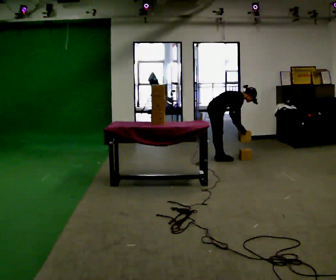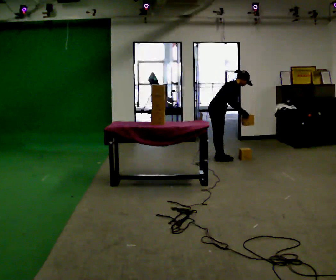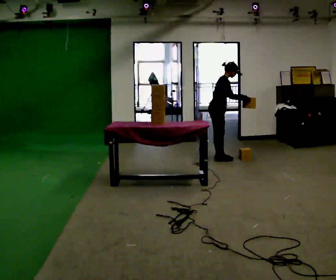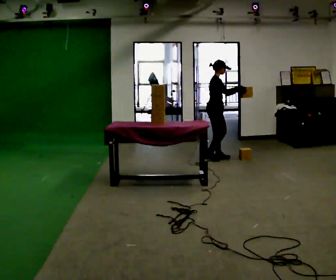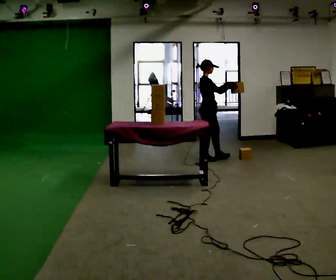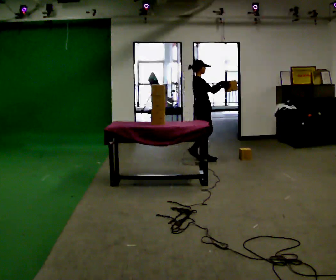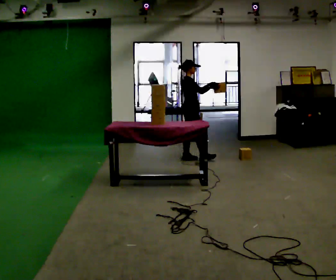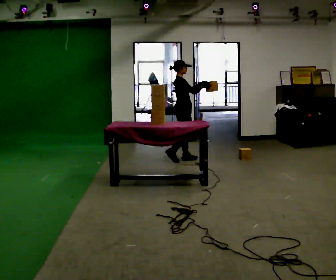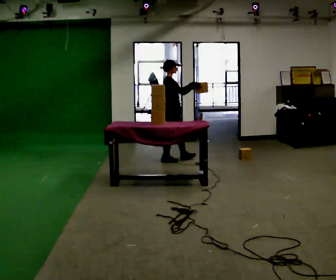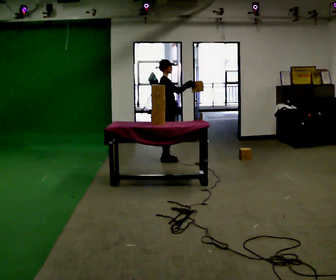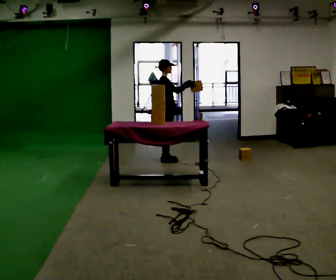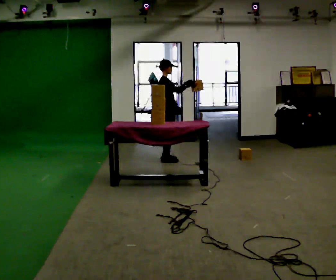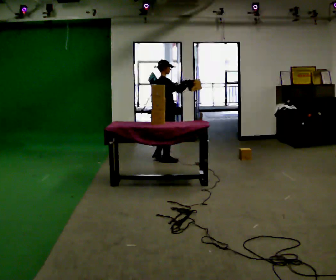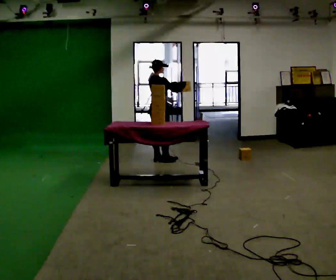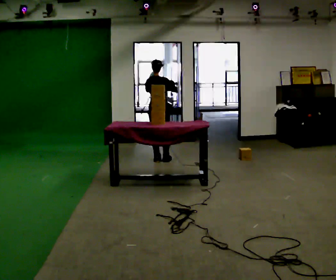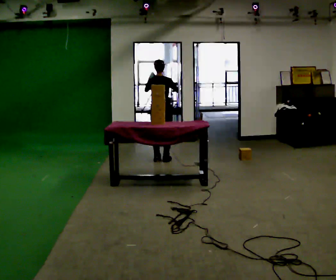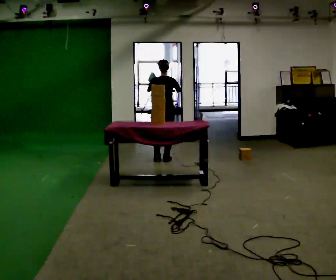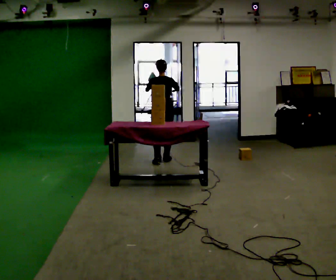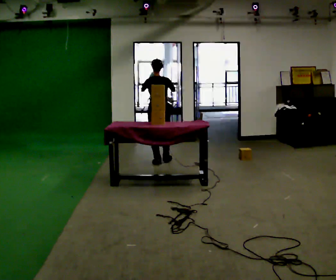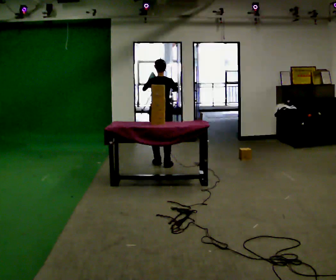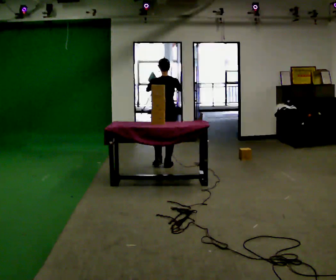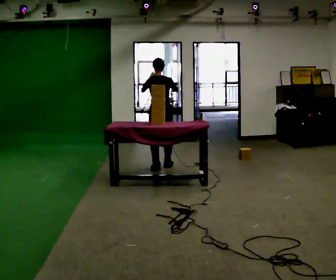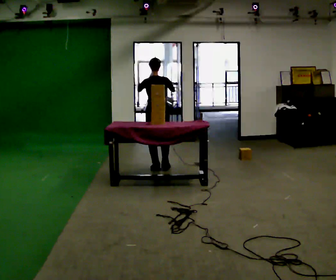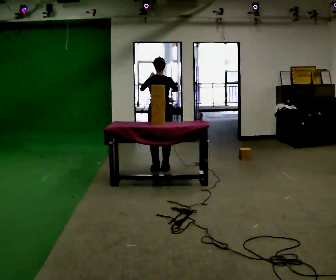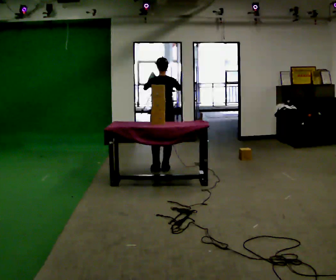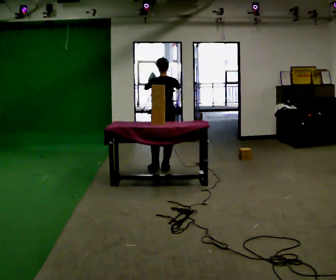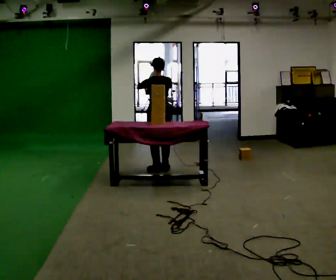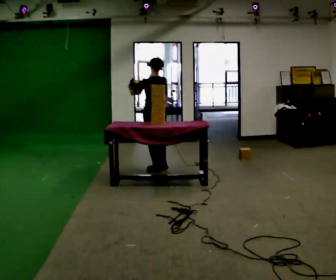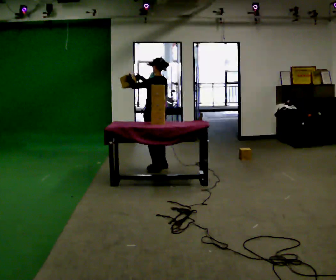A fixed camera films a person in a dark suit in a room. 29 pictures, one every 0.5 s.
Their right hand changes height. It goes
upward.
Their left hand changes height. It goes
upward.
0.0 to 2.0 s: The shoulders move upward. In the picture the upper body tilts counterclockwise, shoulders to the left, as they lean back or straighten. In the picture their left hand goes upward, the arm swinging counterclockwise.
2.0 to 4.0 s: In the picture they go to the left, about 0.5 m in 3 steps, which for them is backward.
4.0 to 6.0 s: The person moves a little, or ends about where they began.
6.0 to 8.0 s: The person turns about 75 degrees to their left, counterclockwise seen from above, so the part of the body nearest the lens slides to the right.
8.0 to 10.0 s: In the picture they go toward the camera, about 0.5 m in 3 steps, which for them is backward.
10.0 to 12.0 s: In the picture they go toward the camera, about 0.25 m in 1 step, which for them is backward.
12.0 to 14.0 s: The person turns about 60 degrees to their left, counterclockwise seen from above, so the part of the body nearest the lens slides to the right. In the picture their right hand goes to the left.
The film runs backward here.
